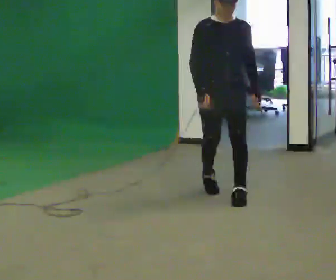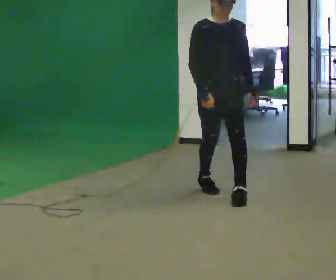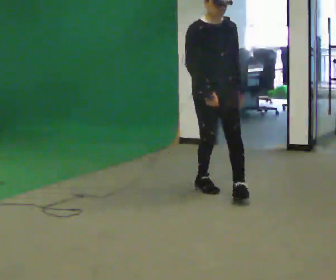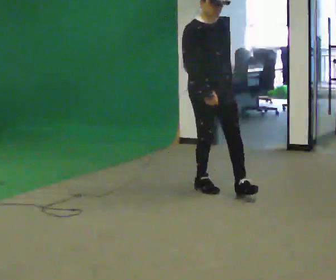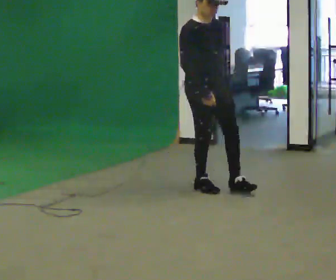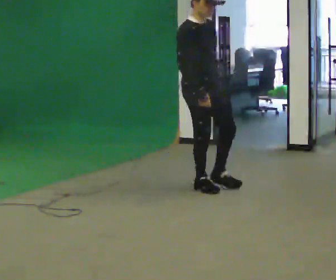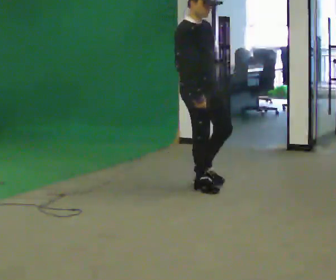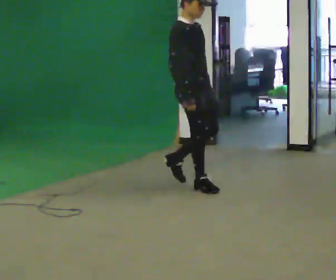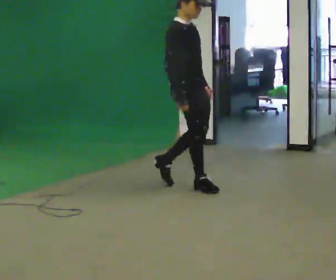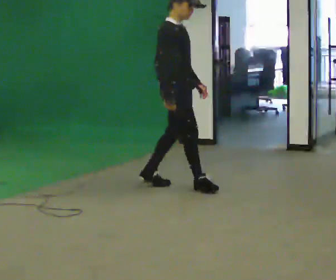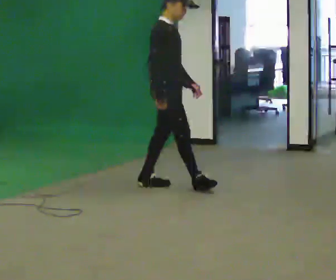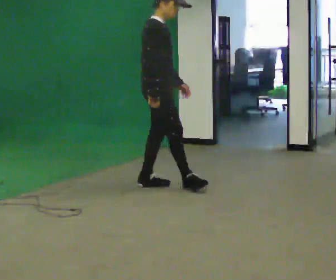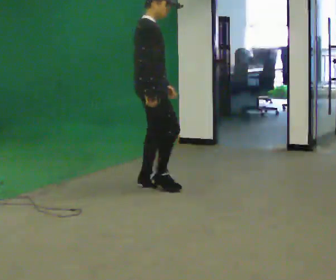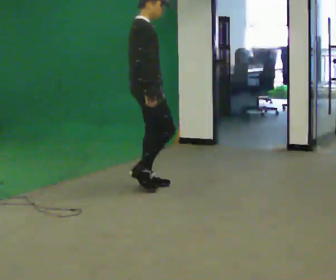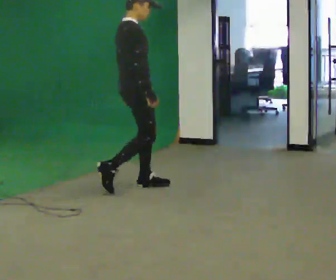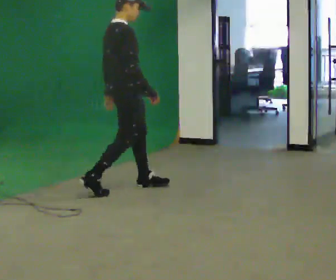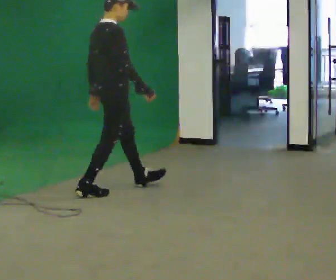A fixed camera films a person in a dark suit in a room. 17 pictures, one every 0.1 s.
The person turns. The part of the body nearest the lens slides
to the right.
The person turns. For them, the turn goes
to their left.
0.0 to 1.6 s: Seen from above the body turns counterclockwise, about 105 degrees: to their left, with its near side sliding to the right. In the picture they go to the left, about 1 m in 3 steps.
The film runs backward here.
